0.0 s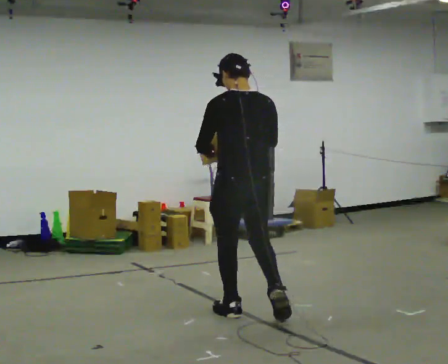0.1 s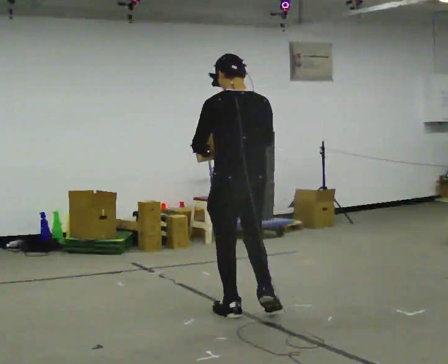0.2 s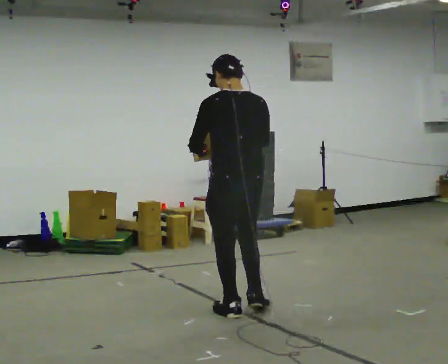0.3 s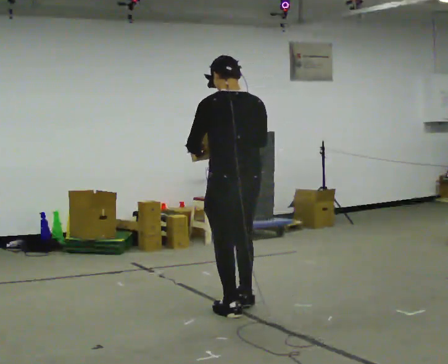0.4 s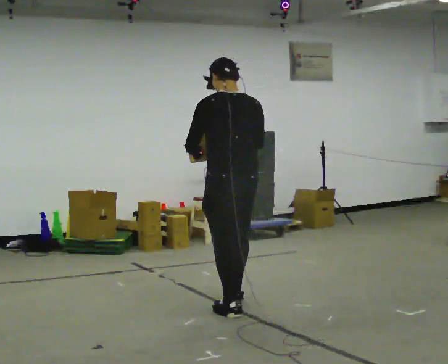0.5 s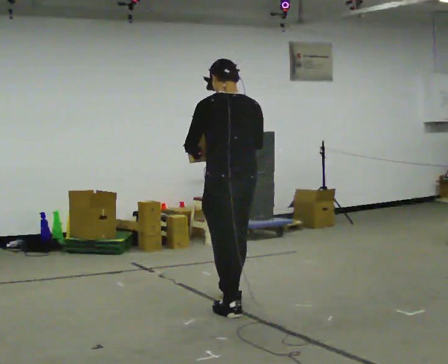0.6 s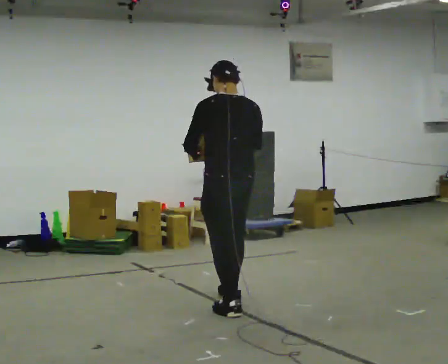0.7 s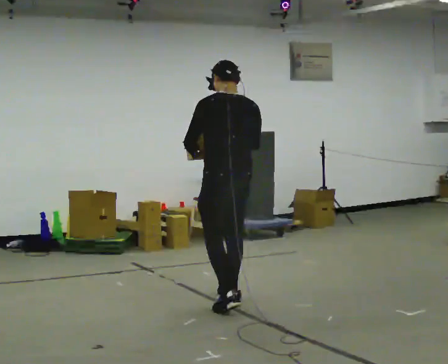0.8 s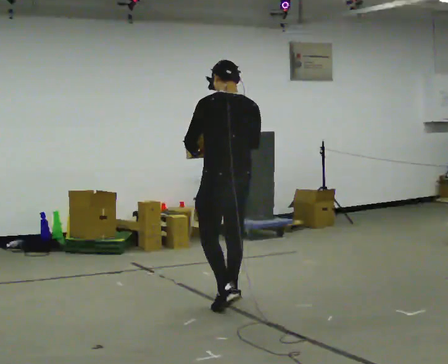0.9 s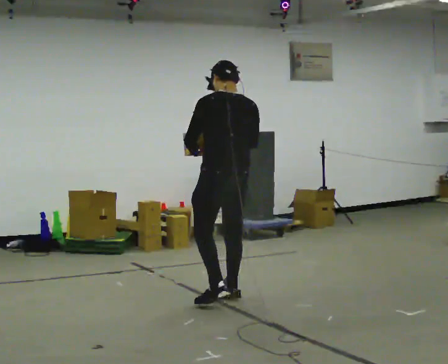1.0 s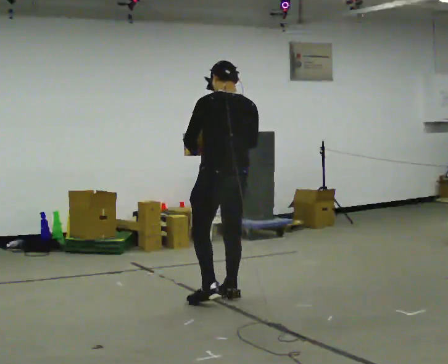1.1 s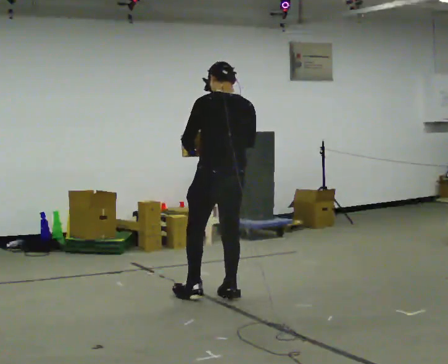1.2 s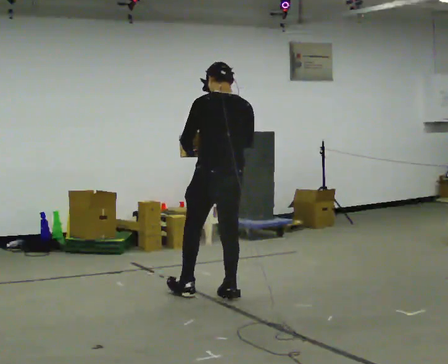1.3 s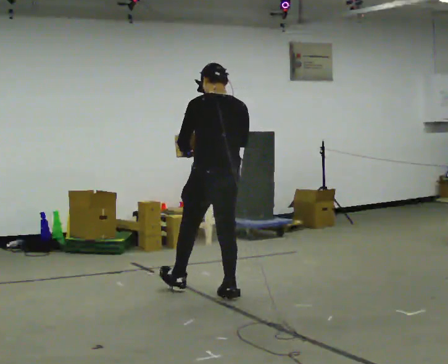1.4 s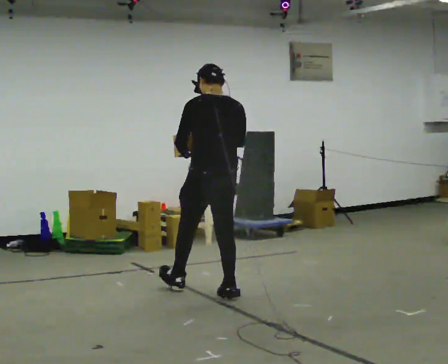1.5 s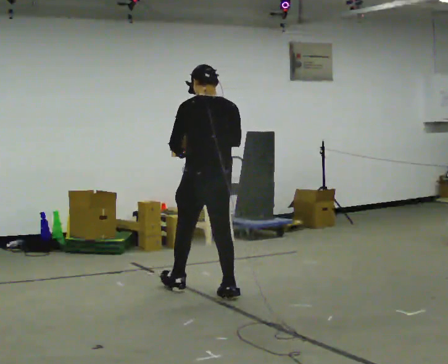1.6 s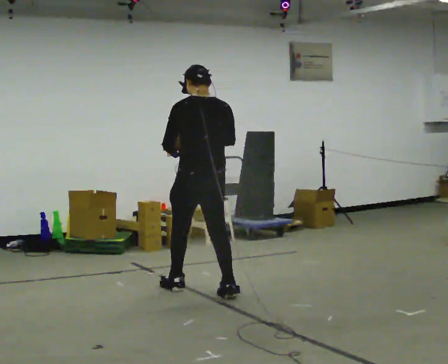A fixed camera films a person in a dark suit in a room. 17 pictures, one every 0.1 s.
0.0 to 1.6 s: In the picture they go away from the camera and to the left, about 0.5 m in 2 steps, which for them is forward.
The film runs forward here.
